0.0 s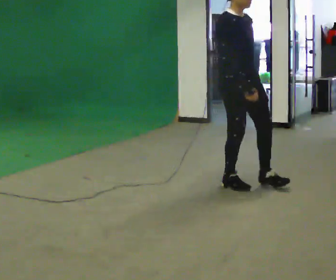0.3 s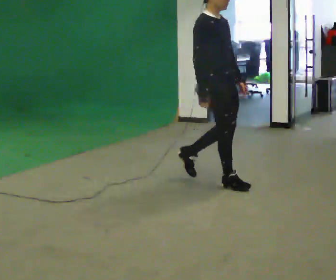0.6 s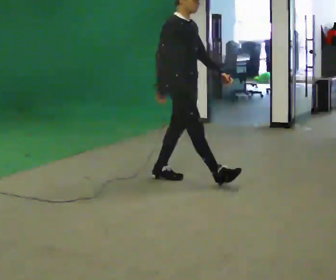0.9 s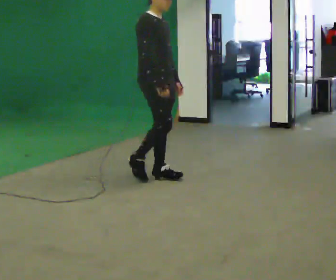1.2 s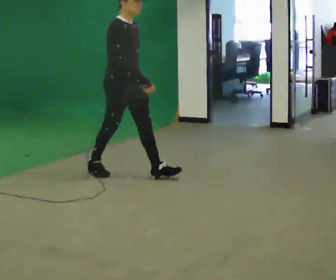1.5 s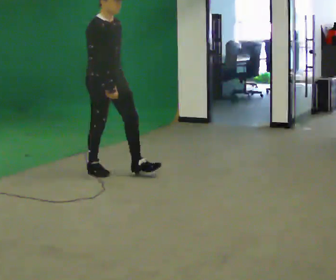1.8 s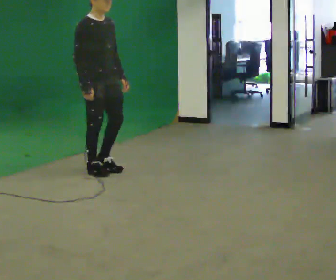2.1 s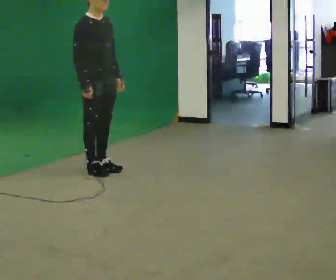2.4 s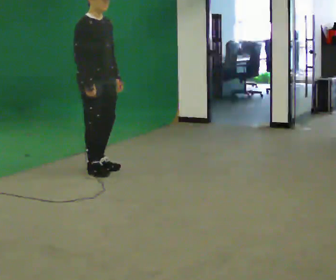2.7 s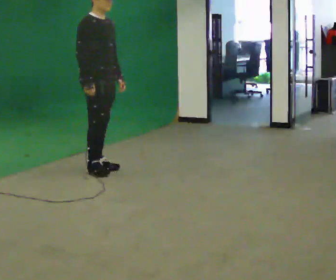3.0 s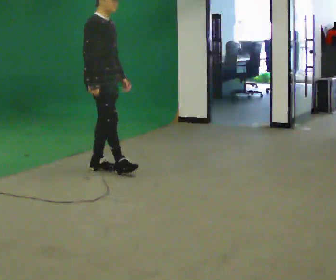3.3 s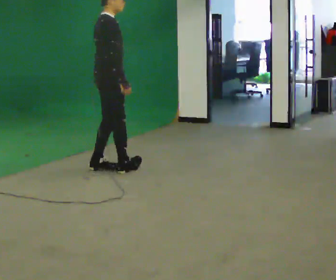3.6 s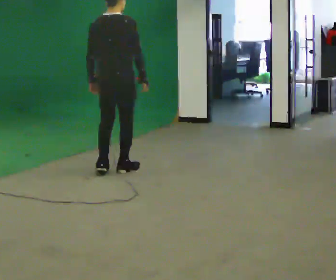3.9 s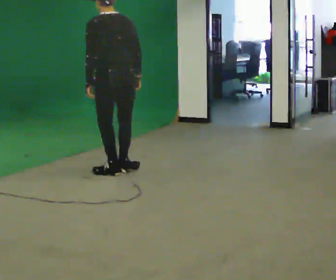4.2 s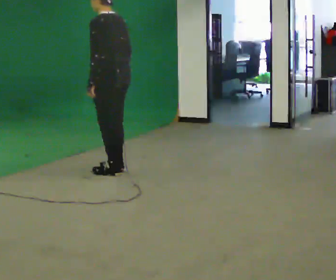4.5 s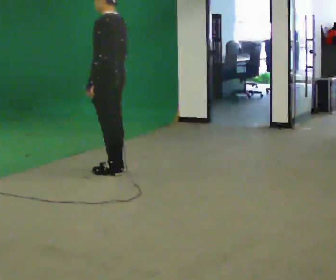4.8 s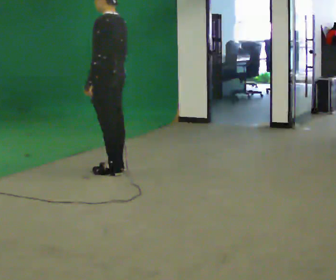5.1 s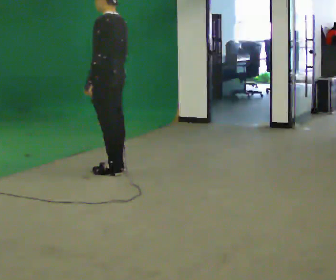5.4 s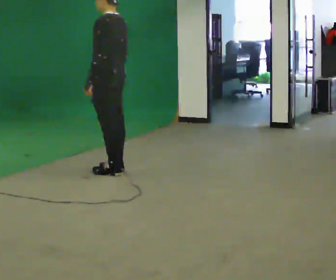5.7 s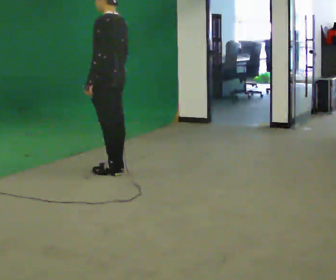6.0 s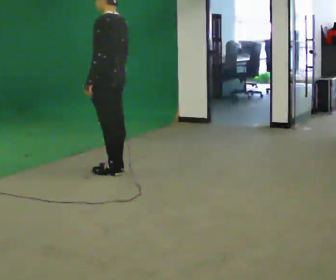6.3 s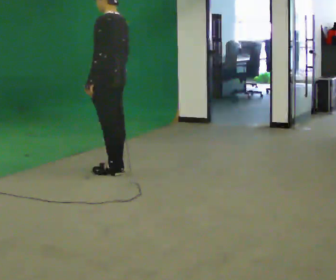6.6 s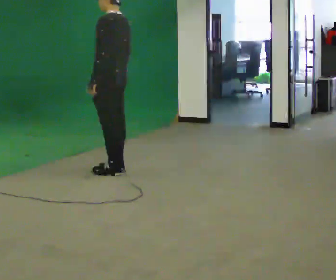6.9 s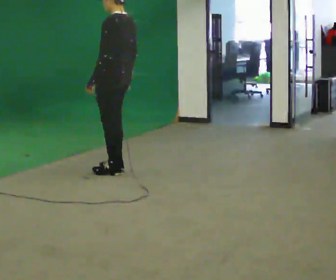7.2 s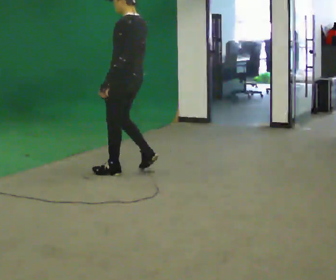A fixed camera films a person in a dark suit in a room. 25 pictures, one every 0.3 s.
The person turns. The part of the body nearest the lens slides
to the right.
The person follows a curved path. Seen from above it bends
clockwise.
0.0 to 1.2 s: In the picture they go to the left and away from the camera, about 1 m in 1 step, which for them is backward.
1.2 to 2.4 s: In the picture they go to the left and away from the camera, about 0.25 m in 1 step, which for them is backward.
2.4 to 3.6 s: The part of the body nearest the lens slides to the right as the person turns to their left by about 105 degrees. In the picture they go to the right, about 0.25 m in 2 steps.
3.6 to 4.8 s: The person turns about 90 degrees to their left, counterclockwise seen from above, so the part of the body nearest the lens slides to the right.
4.8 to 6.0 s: The person keeps their place and pose.
6.0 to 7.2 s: In the picture they go to the right, about 0.25 m in 1 step, which for them is backward.
The film runs backward here.
